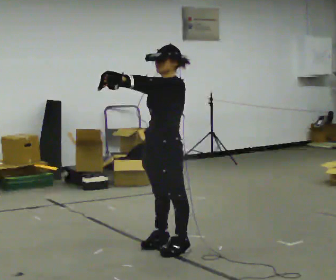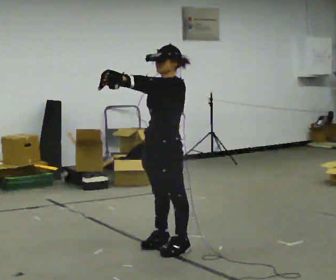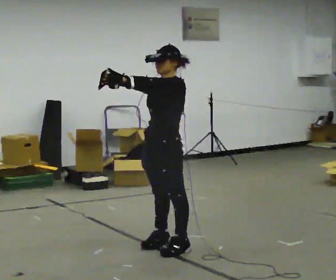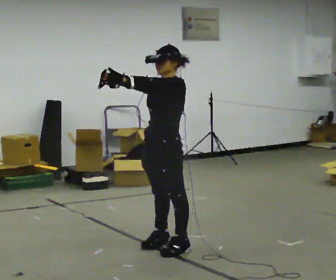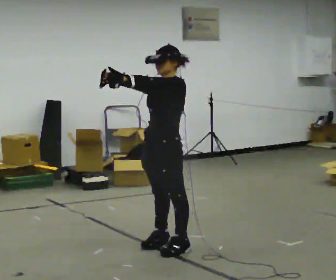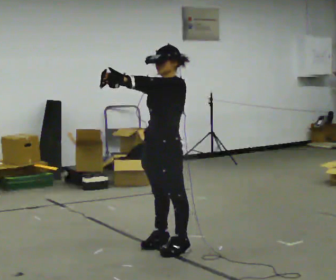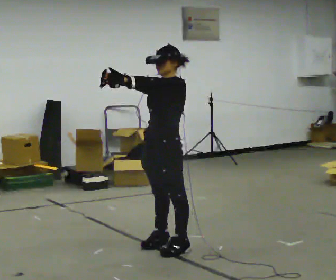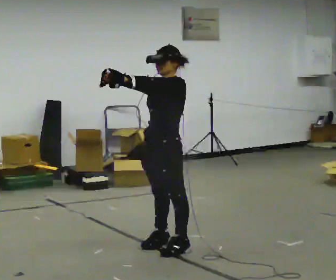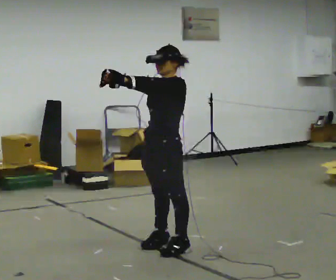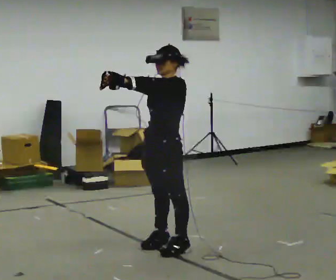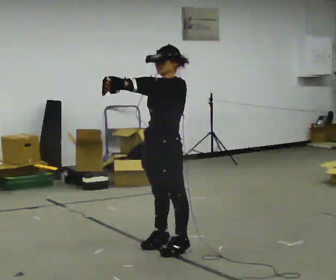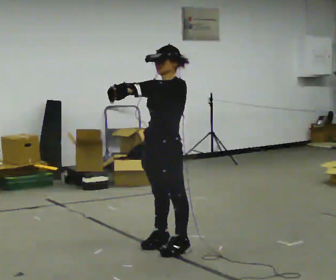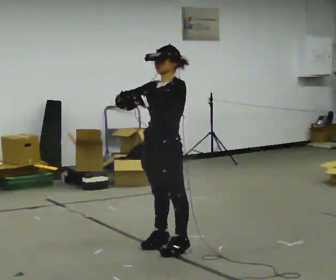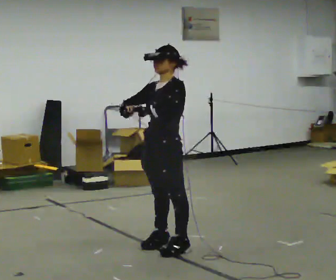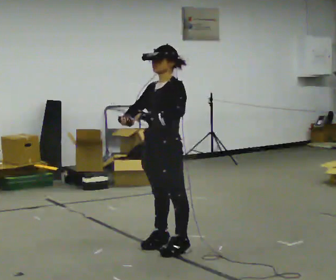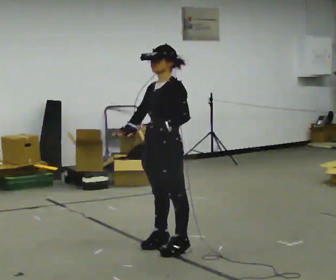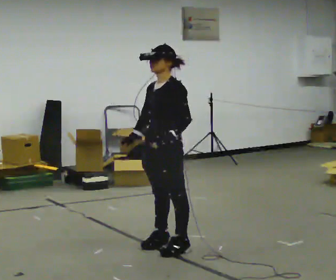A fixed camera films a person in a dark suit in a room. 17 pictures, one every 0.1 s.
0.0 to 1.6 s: In the picture their right hand goes downward, the arm swinging counterclockwise.
The film runs forward here.
